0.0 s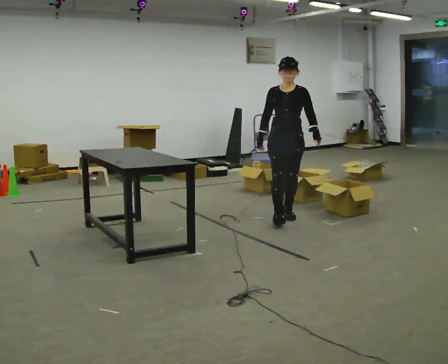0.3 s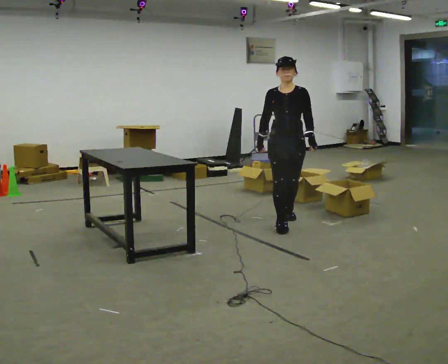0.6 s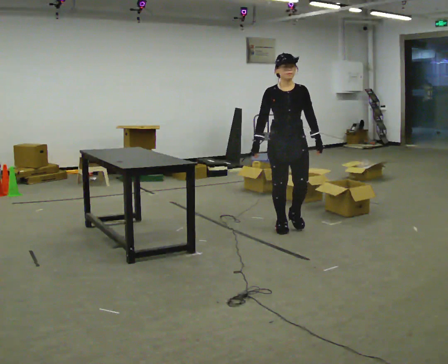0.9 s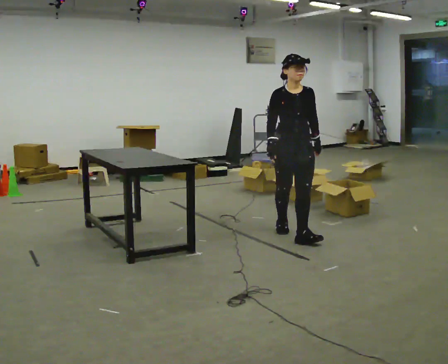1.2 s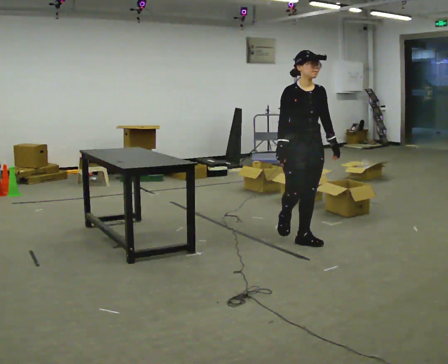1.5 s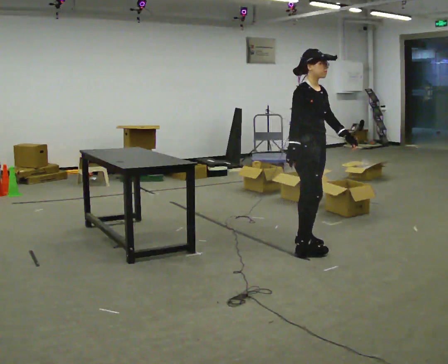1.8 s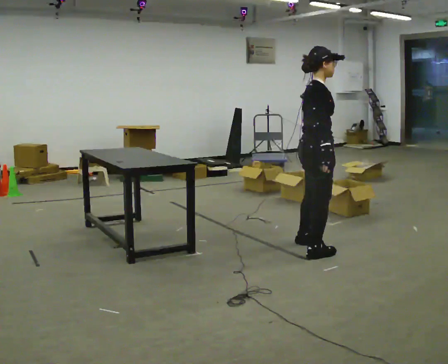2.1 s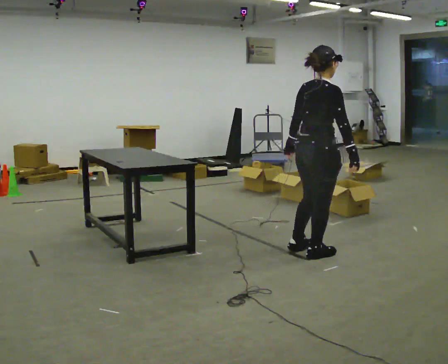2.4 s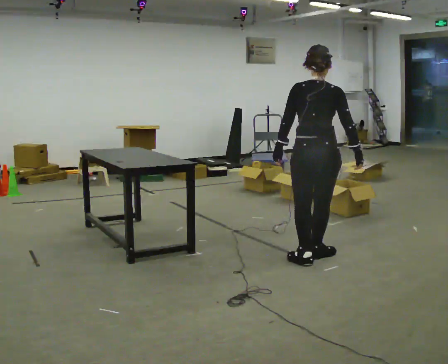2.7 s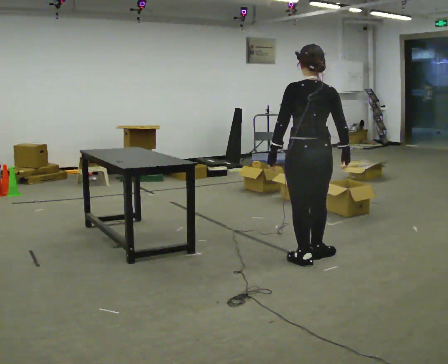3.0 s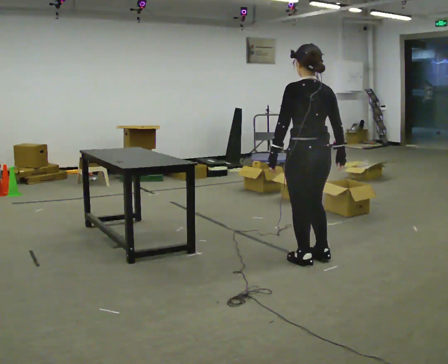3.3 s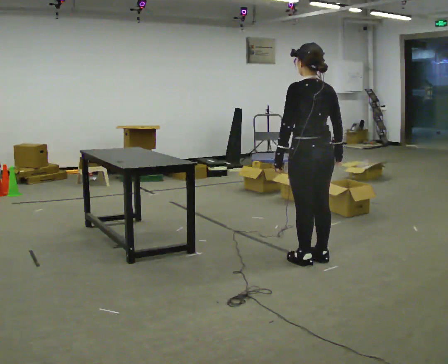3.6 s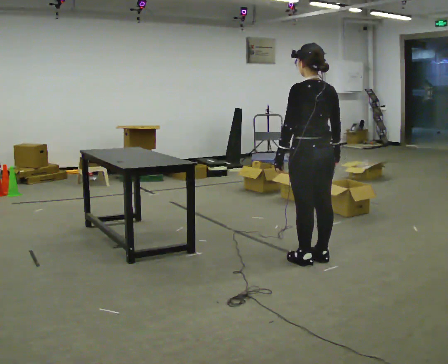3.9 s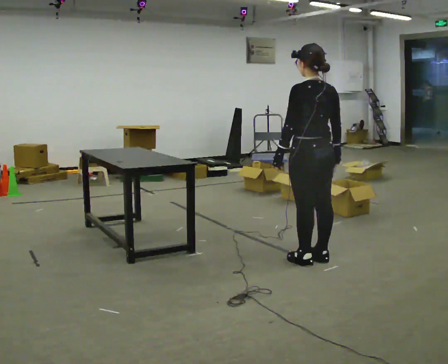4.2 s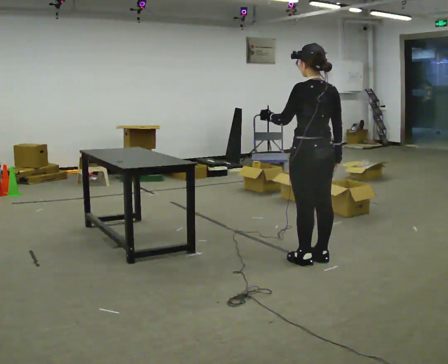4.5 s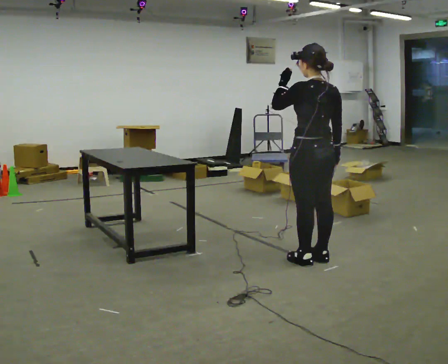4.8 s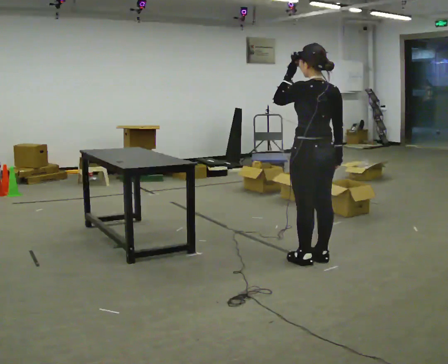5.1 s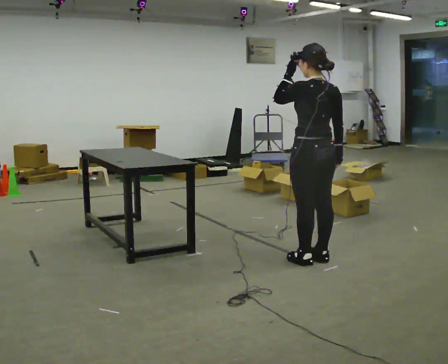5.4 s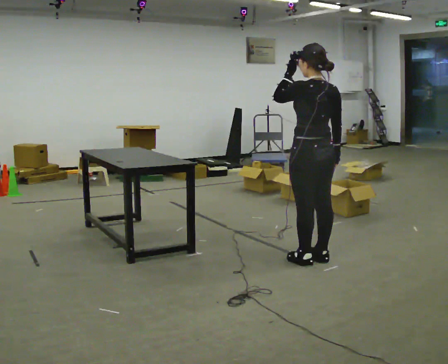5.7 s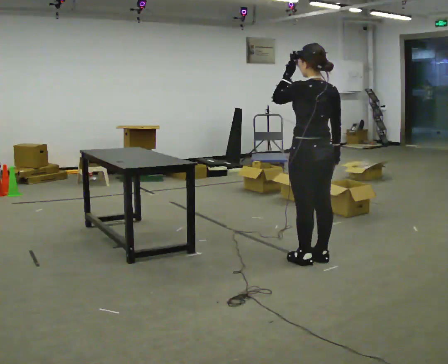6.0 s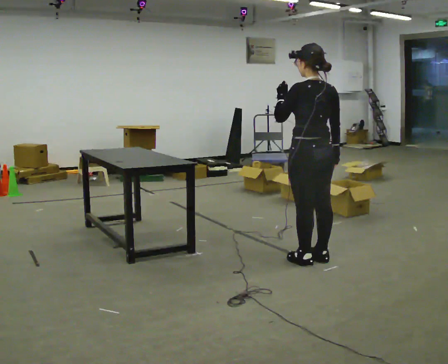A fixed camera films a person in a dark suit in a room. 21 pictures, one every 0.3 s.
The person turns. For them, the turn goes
to their left.
The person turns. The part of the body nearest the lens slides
to the right.
0.0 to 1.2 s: In the picture they go toward the camera, about 1 m in 2 steps, which for them is forward.
1.2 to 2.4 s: The person turns about 150 degrees to their left, counterclockwise seen from above, so the part of the body nearest the lens slides to the right. In the picture they go toward the camera, about 0.5 m in 2 steps.
2.4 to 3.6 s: Seen from above the body turns counterclockwise, about 30 degrees: to their left, with its near side sliding to the right.
3.6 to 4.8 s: In the picture their left hand goes upward.
4.8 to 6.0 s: The person moves a little, or ends about where they began.
The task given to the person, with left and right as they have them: 1. Take everything out of the crates by the door. 2. Put the small items on the middle shelf. 3. Put the large items on the bottom shelf. 4. Stack the empty crates by the door. 5. Tell the operator when you are finished.
The film runs forward here.
